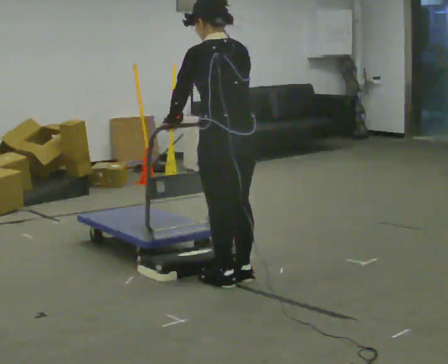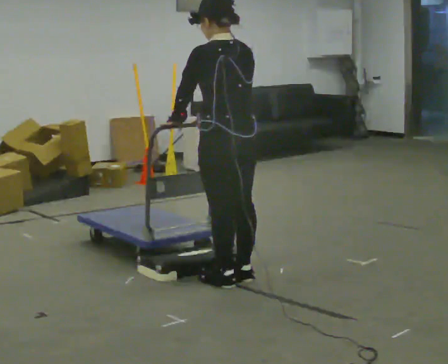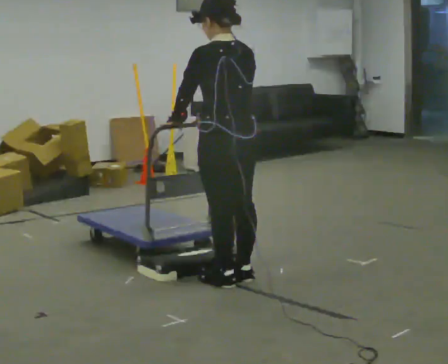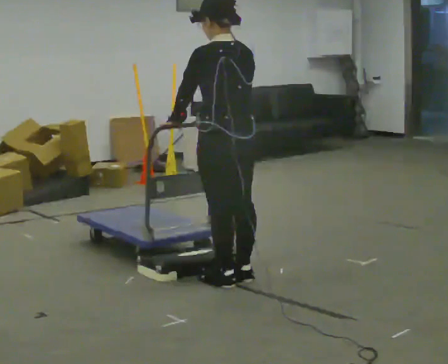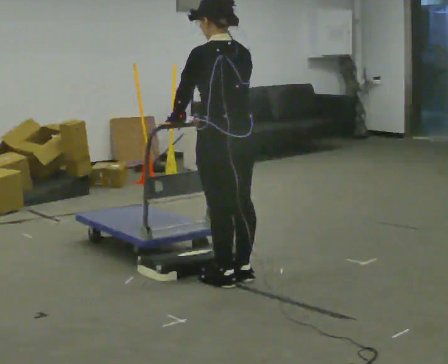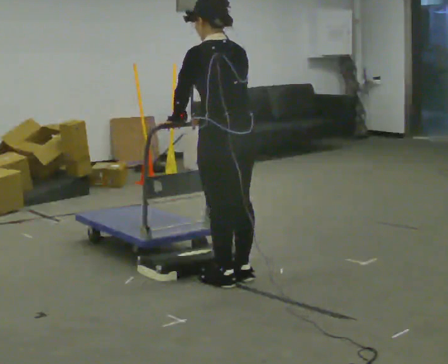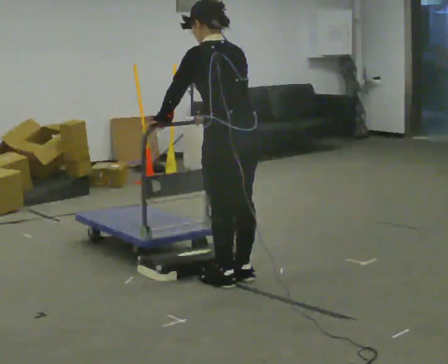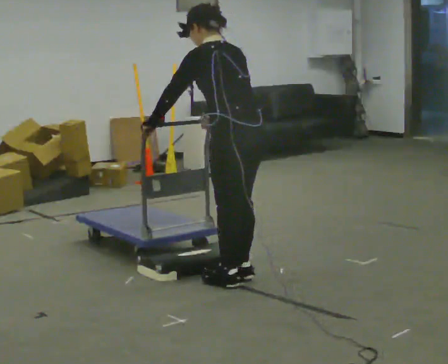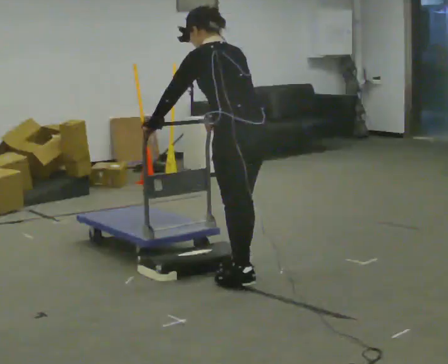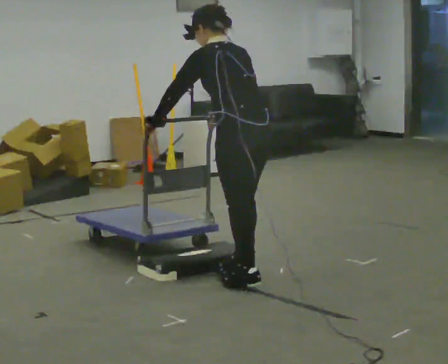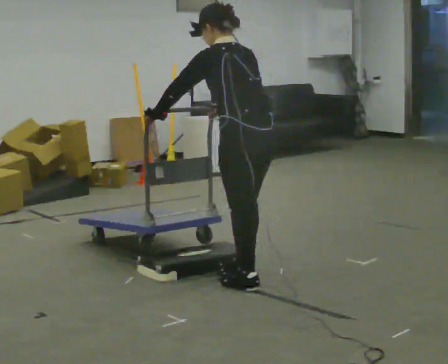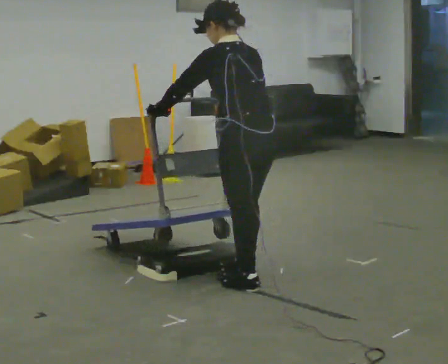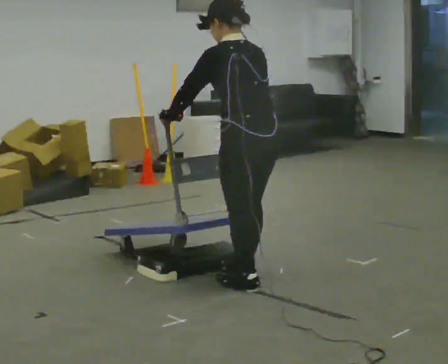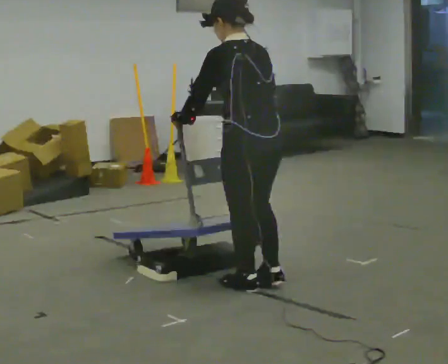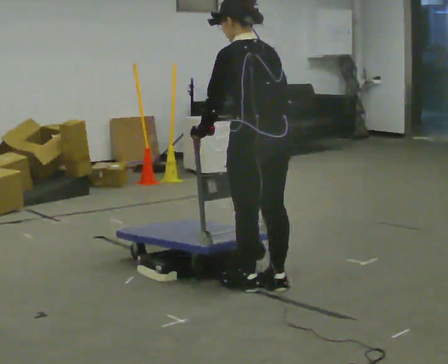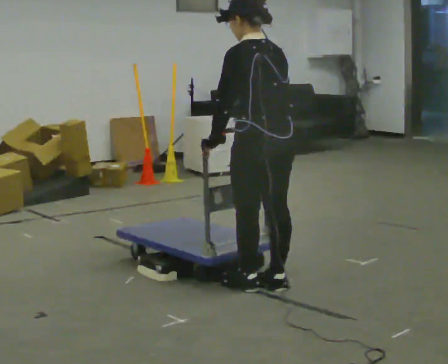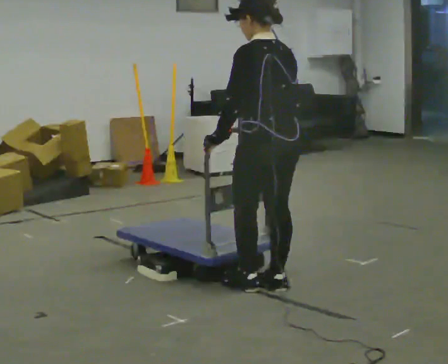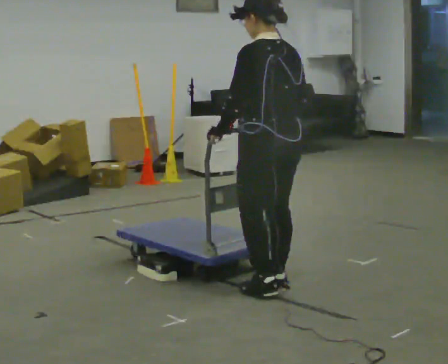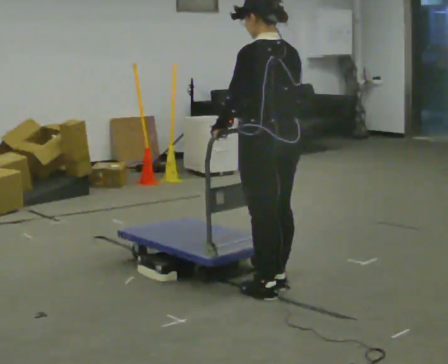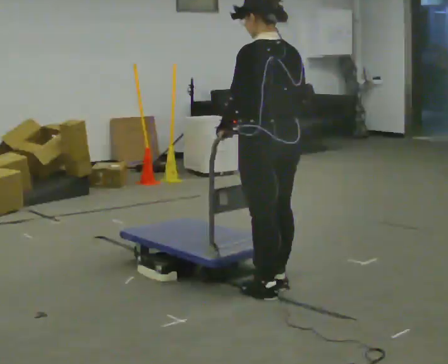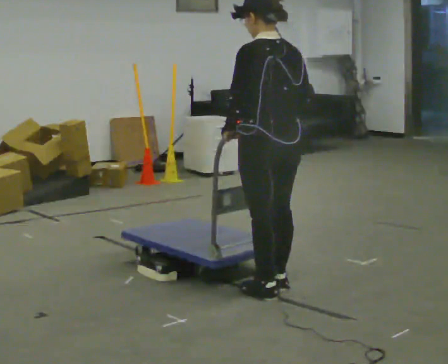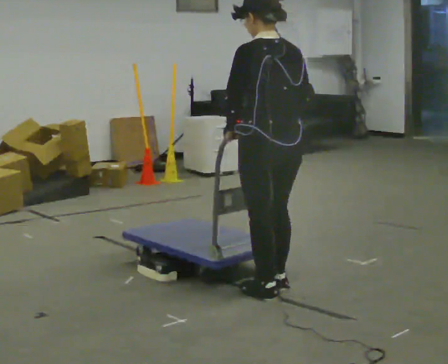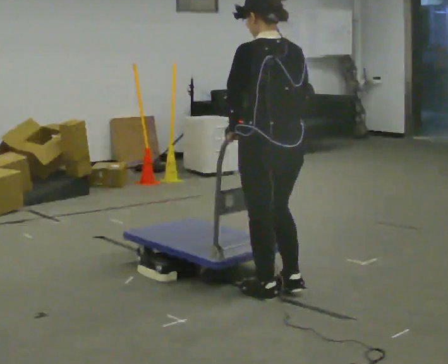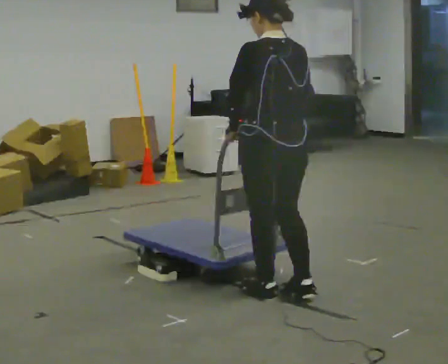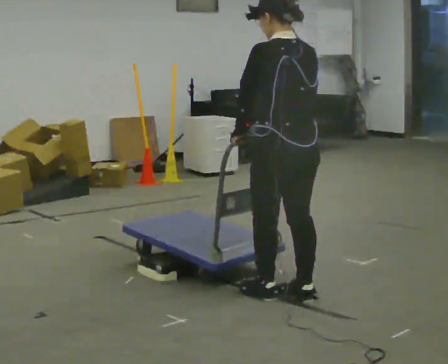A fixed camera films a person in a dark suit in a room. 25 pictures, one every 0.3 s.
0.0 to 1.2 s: The person moves a little, or ends about where they began.
1.2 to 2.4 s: In the picture the upper body tilts counterclockwise, shoulders to the left, as they bend forward.
2.4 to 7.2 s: In the picture they go toward the camera and to the right, about 0.5 m in 3 steps, which for them is backward. In the picture the upper body tilts clockwise, shoulders to the right, as they lean back or straighten.
The film runs backward here.
